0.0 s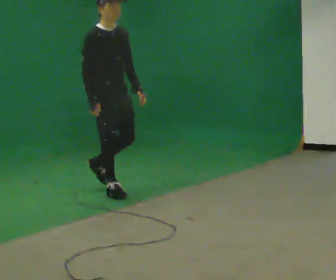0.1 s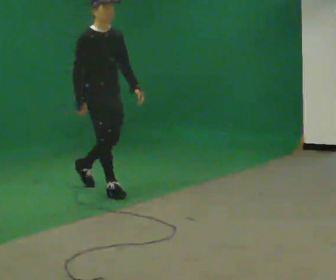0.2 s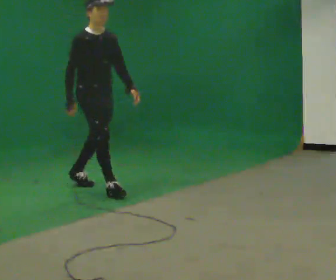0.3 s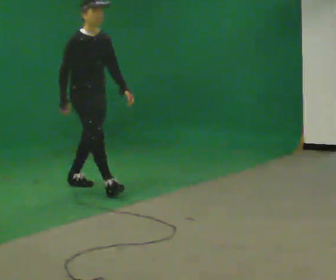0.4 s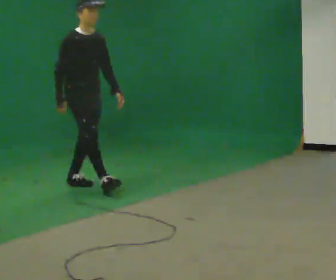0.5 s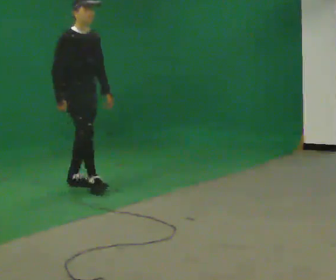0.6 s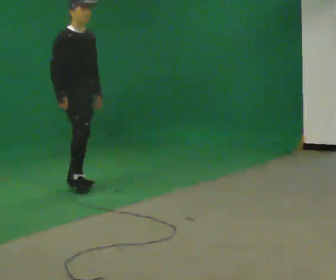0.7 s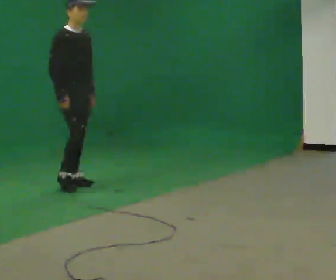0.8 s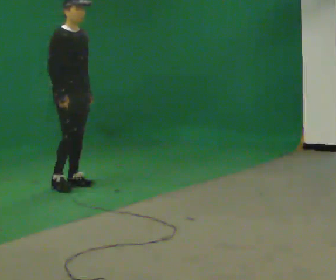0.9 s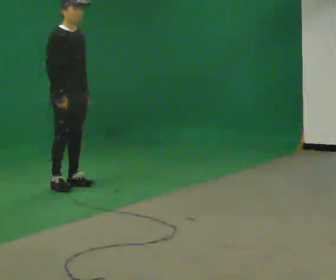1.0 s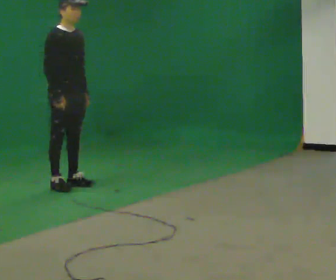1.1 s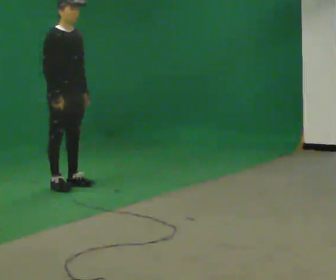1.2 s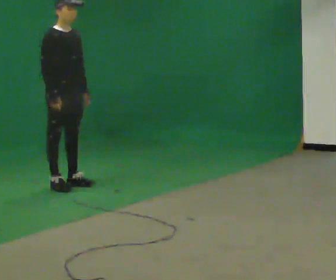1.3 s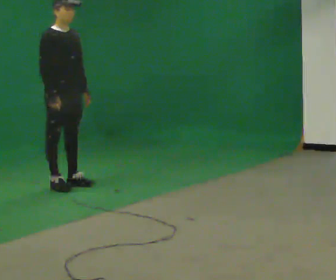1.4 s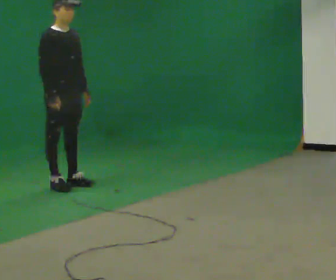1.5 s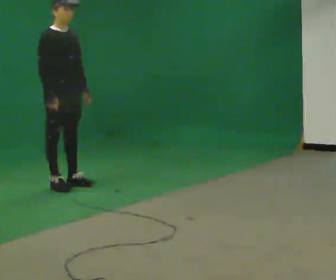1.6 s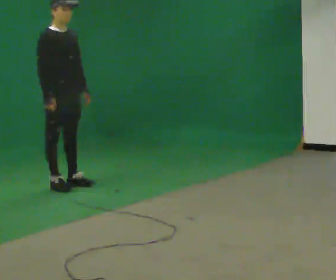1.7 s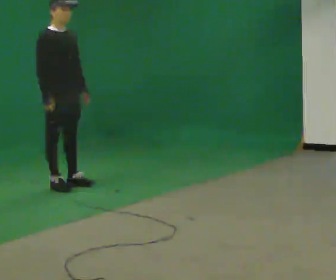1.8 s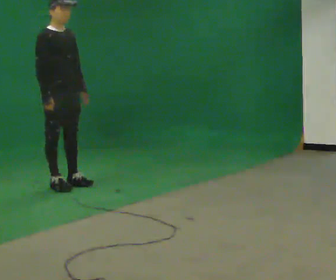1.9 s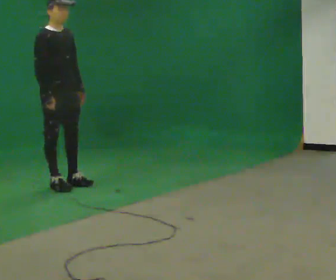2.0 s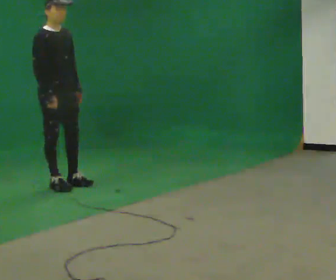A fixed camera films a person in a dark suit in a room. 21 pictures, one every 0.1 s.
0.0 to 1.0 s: In the picture they go away from the camera and to the left, about 0.5 m in 1 step, which for them is backward.
1.0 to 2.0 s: The person moves a little, or ends about where they began.
The film runs backward here.
